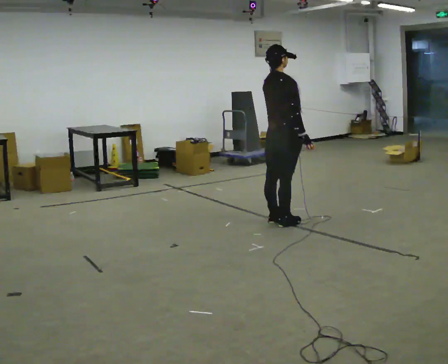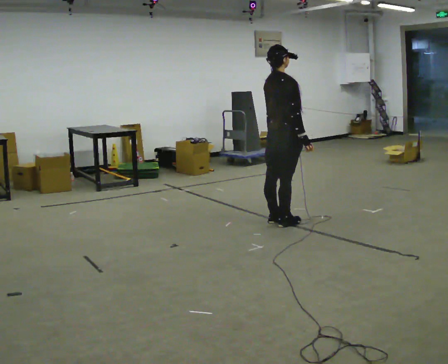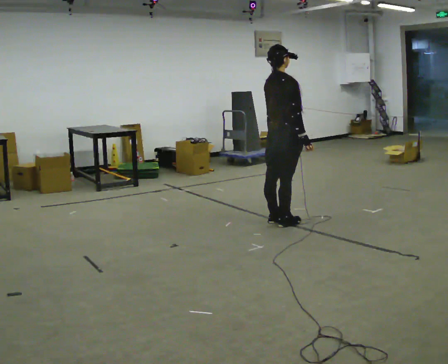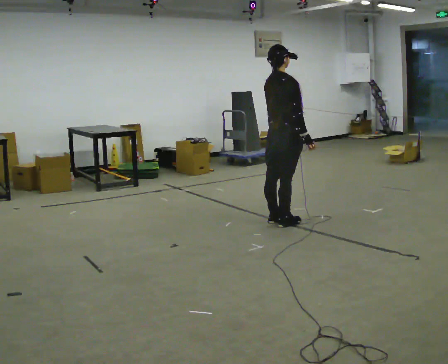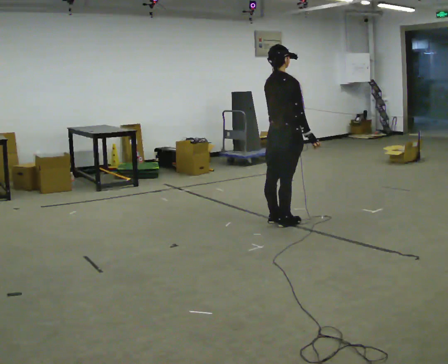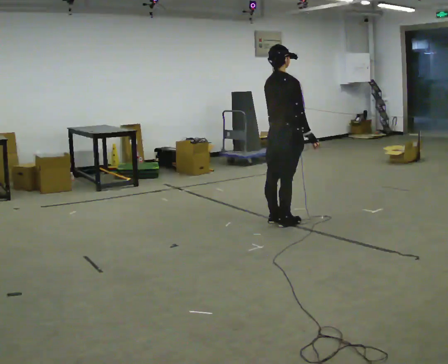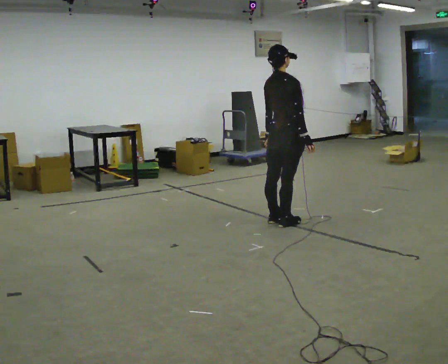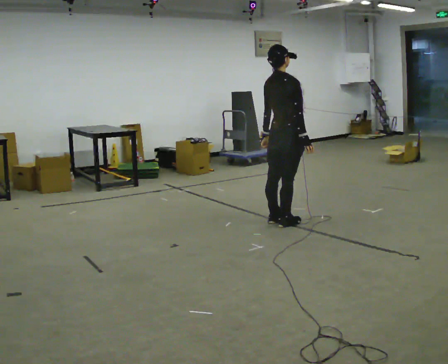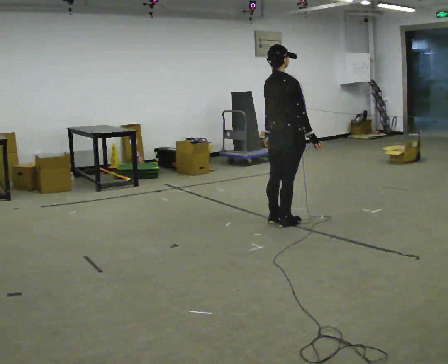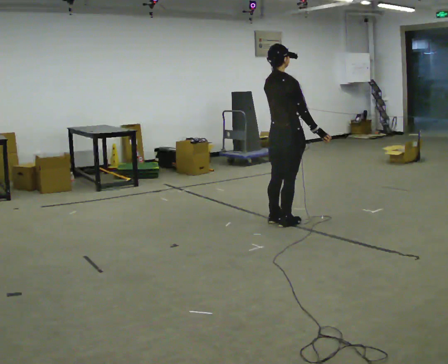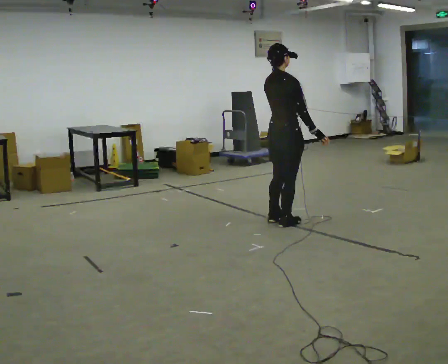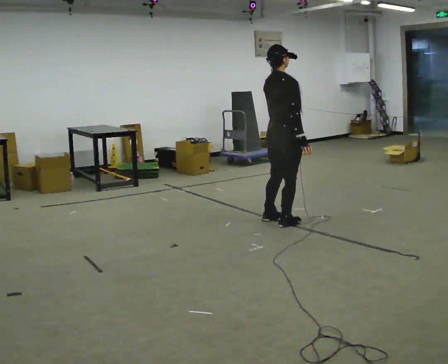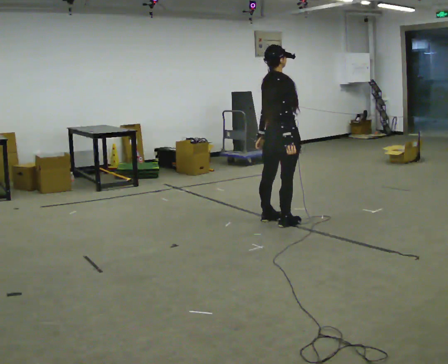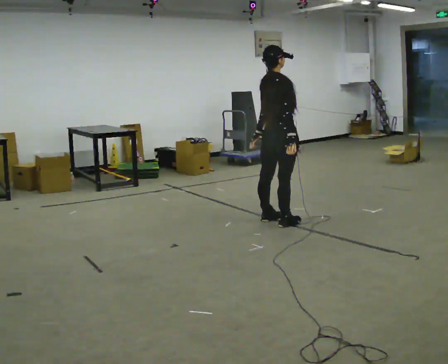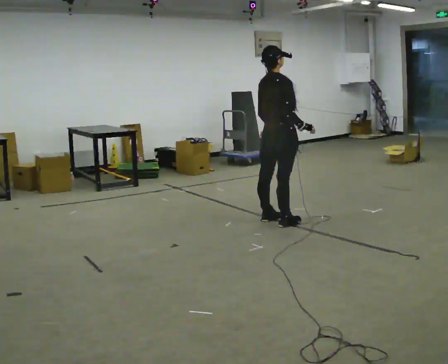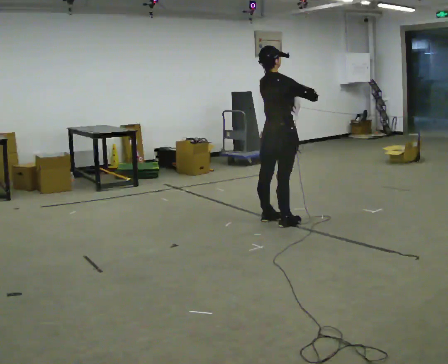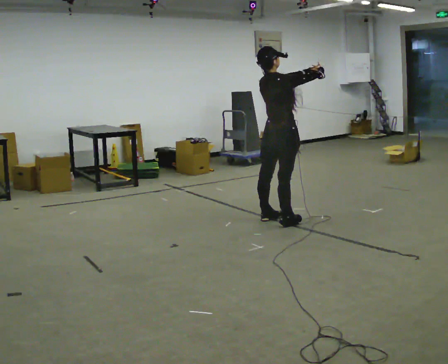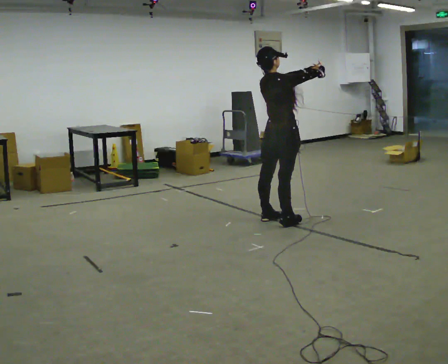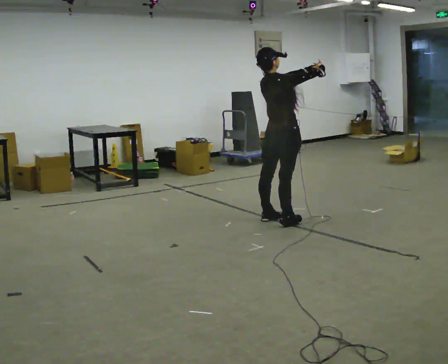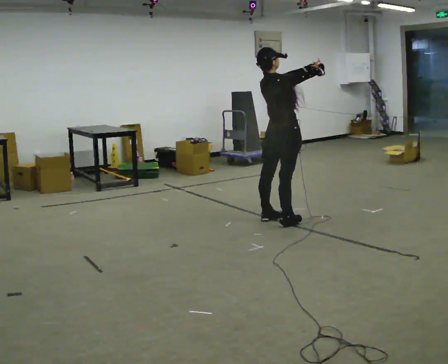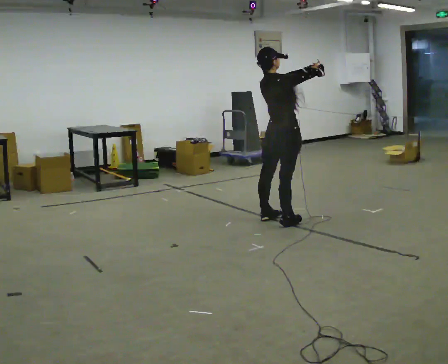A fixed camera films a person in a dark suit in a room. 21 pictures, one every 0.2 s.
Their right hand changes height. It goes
upward.
0.0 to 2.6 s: The person moves a little, or ends about where they began.
2.6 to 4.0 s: In the picture their right hand goes upward, the arm swinging counterclockwise.
The film runs backward here.
